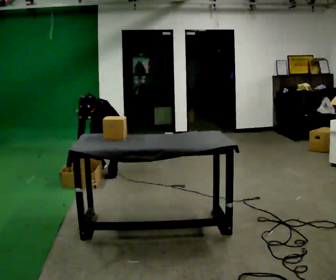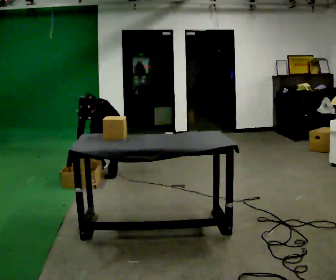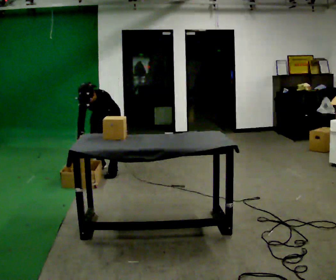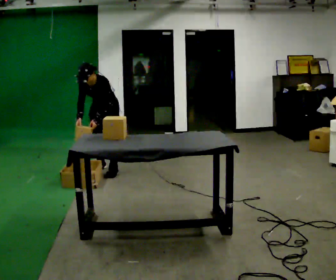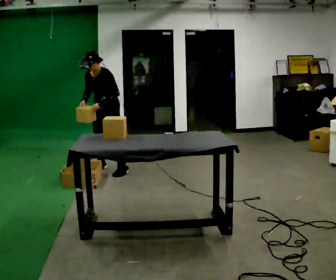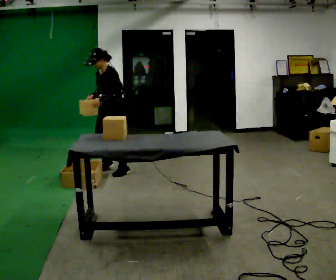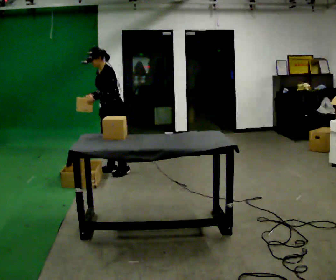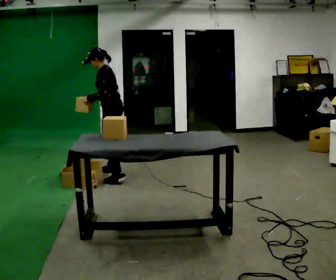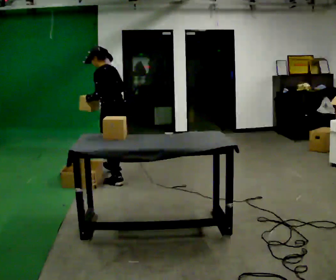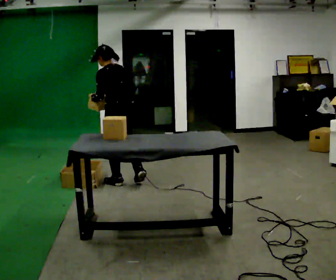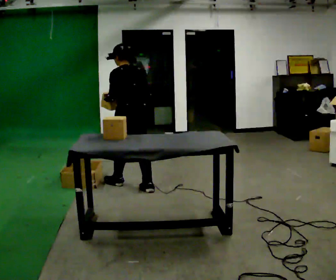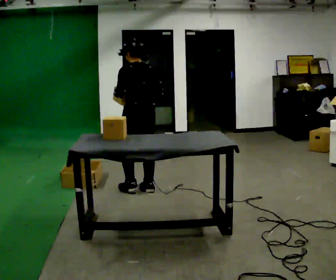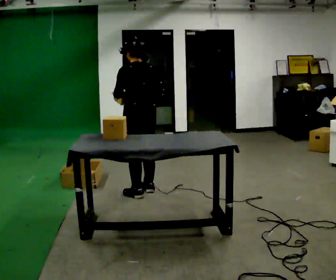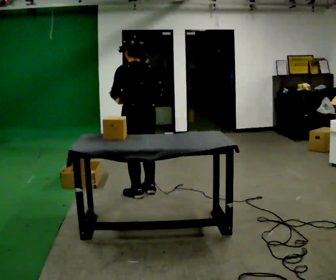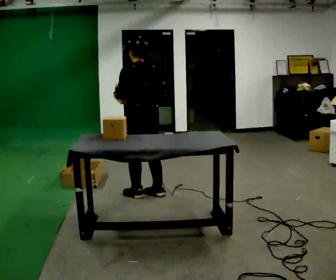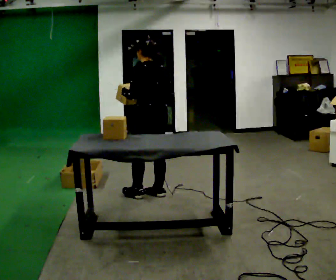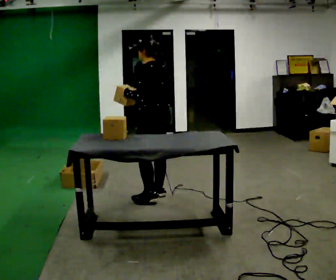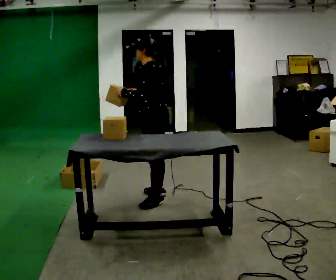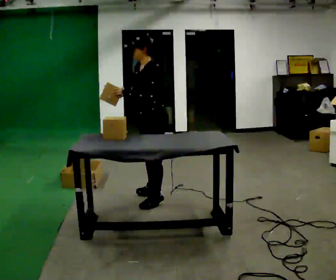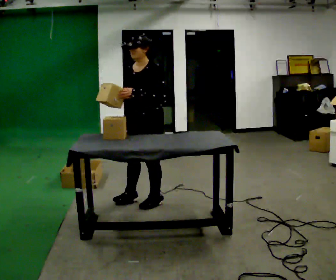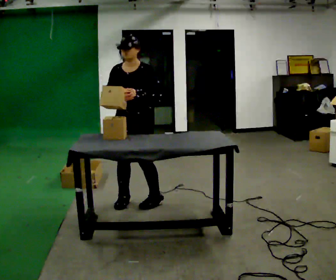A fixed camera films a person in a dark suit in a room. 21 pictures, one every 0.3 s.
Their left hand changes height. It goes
upward.
Their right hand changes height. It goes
upward.
0.0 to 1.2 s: The shoulders move upward. The upper body tips away from the camera, its near side rolling upward, as they lean back or straighten. In the picture their left hand goes upward.
1.2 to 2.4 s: Seen from above the body turns clockwise, about 75 degrees: to their right, with its near side sliding to the left. In the picture they go toward the camera, about 0.5 m in 3 steps. The upper body tips away from the camera, its near side rolling upward, as they lean back or straighten.
2.4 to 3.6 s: The part of the body nearest the lens slides to the left as the person turns to their right by about 30 degrees. In the picture they go toward the camera and to the right, about 0.5 m in 1 step, which for them is backward.
3.6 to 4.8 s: Seen from above the body turns counterclockwise, about 30 degrees: to their left, with its near side sliding to the right.
4.8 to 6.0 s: Seen from above the body turns counterclockwise, about 90 degrees: to their left, with its near side sliding to the right. In the picture they go to the left and toward the camera, about 0.25 m in 1 step.
The film runs backward here.
